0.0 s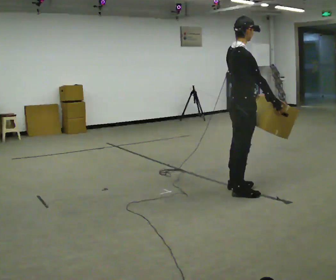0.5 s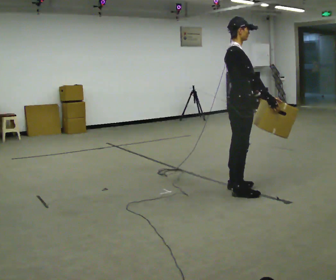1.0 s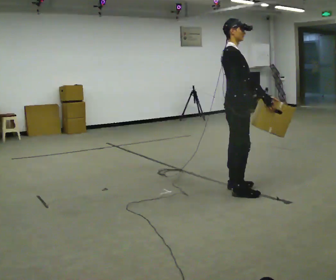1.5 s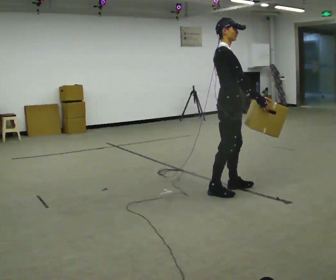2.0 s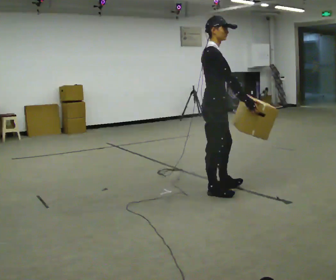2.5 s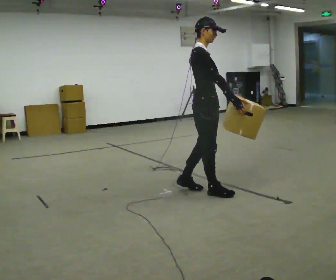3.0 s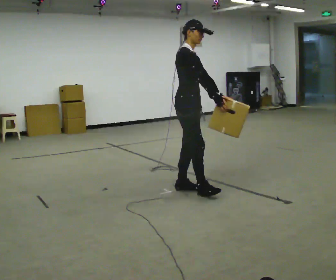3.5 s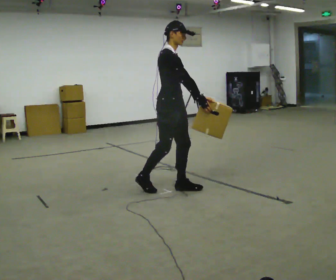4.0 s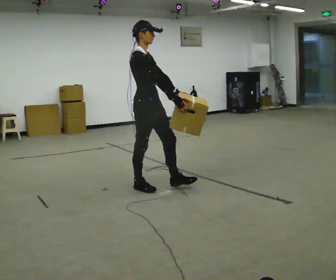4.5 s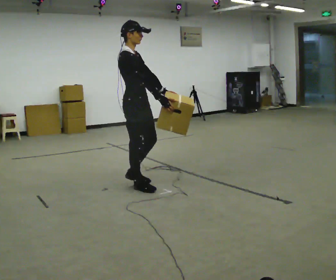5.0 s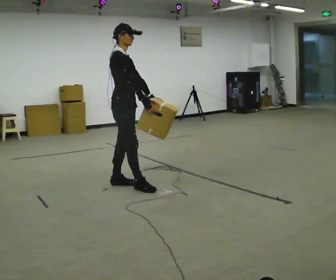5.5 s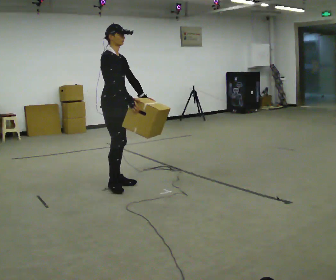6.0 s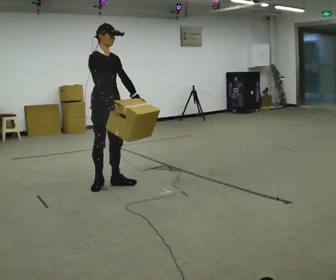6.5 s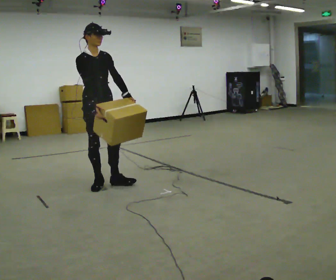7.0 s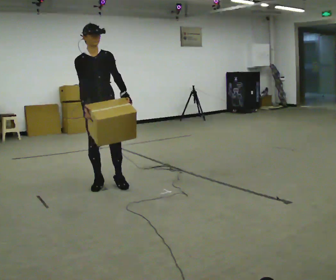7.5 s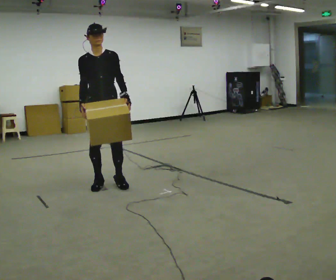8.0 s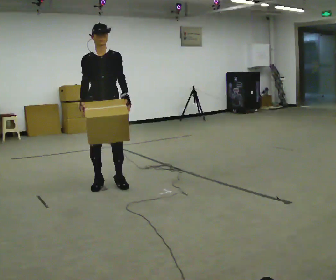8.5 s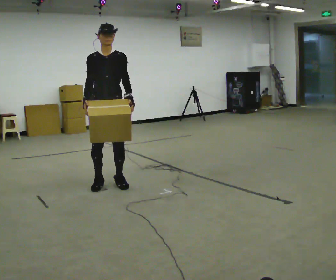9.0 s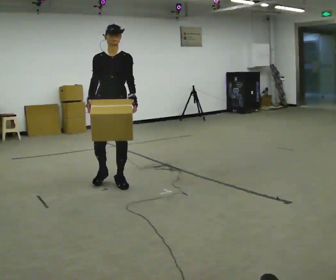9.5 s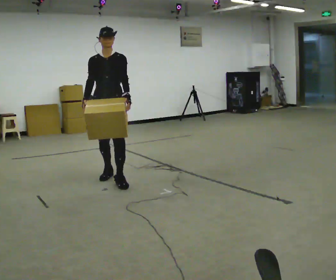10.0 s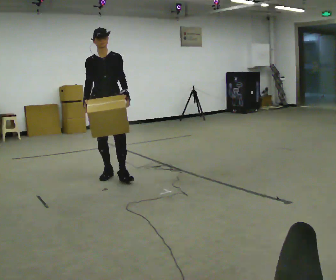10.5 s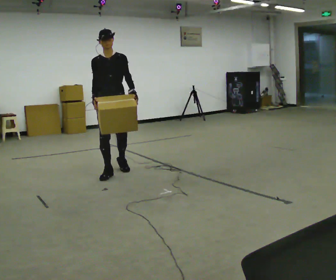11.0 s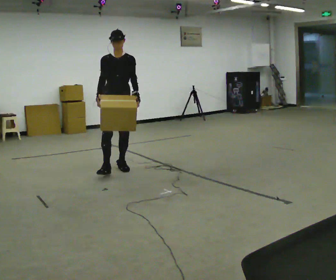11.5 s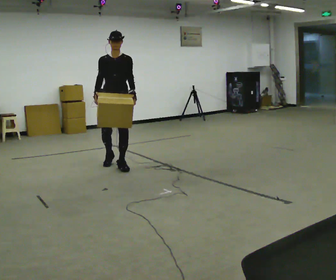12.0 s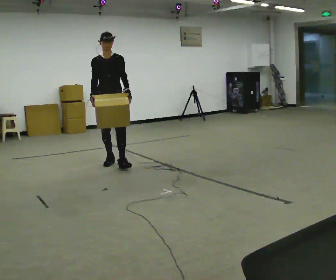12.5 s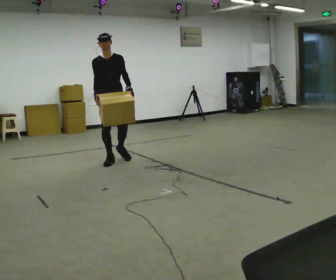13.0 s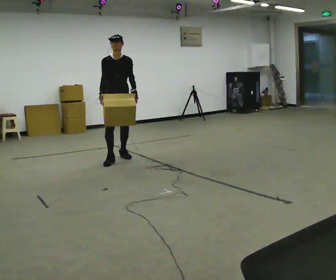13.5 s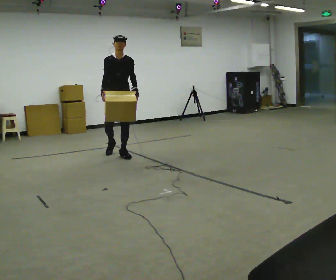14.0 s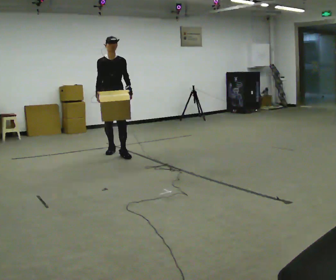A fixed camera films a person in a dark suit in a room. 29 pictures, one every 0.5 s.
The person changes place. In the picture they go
away from the camera.
0.0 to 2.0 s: In the picture they go to the left, about 0.25 m in 2 steps, which for them is backward.
2.0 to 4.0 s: In the picture they go to the left and away from the camera, about 0.75 m in 2 steps, which for them is backward.
4.0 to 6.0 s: In the picture they go to the left and away from the camera, about 0.5 m in 1 step, which for them is backward.
6.0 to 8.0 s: The person turns about 45 degrees to their right, clockwise seen from above, so the part of the body nearest the lens slides to the left.
8.0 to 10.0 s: In the picture they go away from the camera, about 0.25 m in 2 steps, which for them is backward.
10.0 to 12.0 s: In the picture they go away from the camera, about 0.5 m in 1 step, which for them is backward.
12.0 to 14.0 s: In the picture they go away from the camera, about 0.5 m in 2 steps, which for them is backward.
The film runs backward here.
